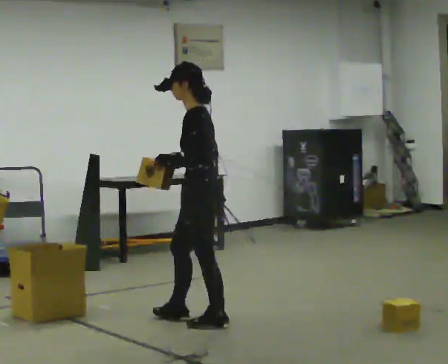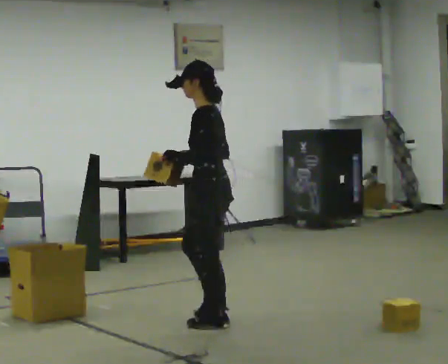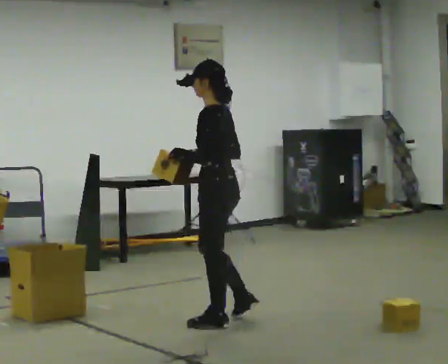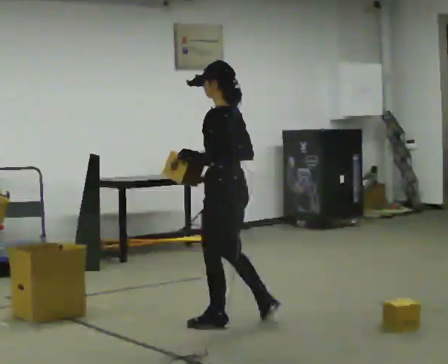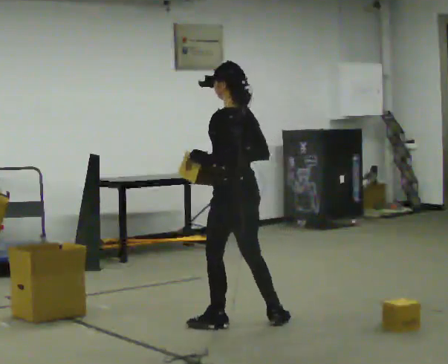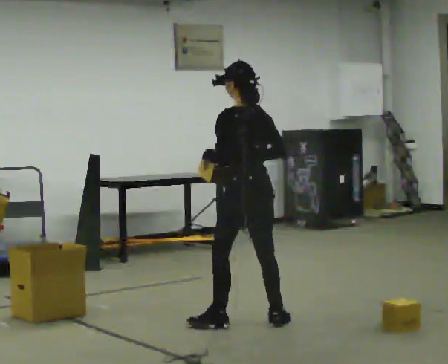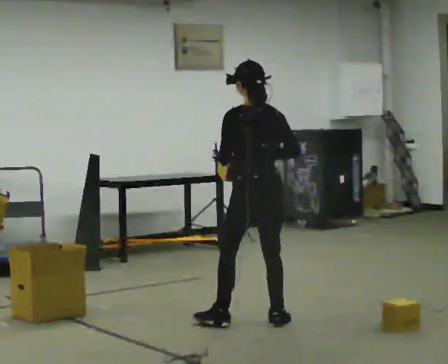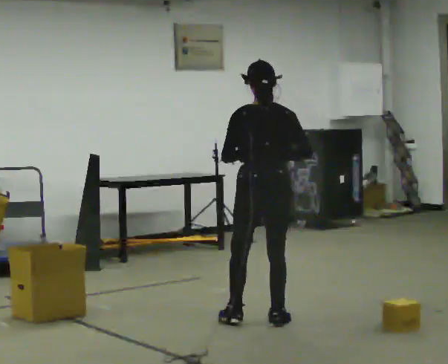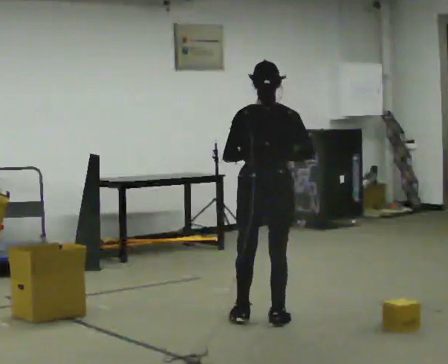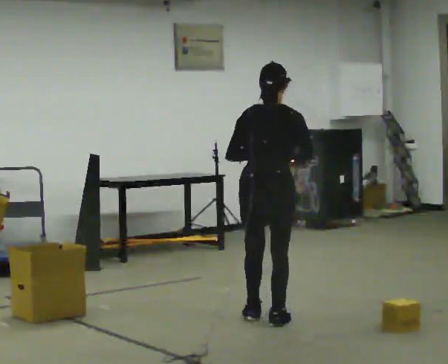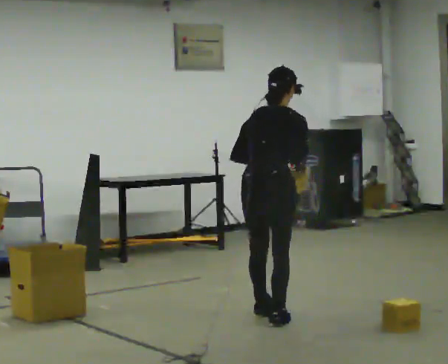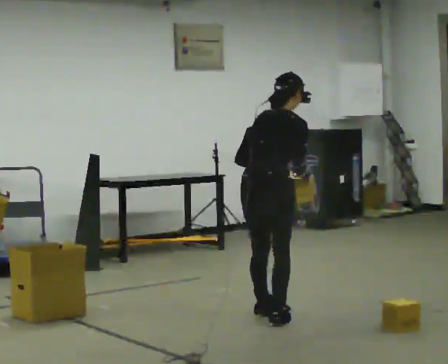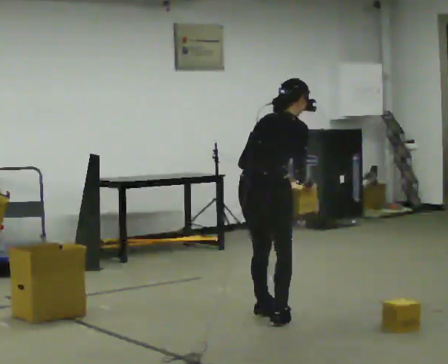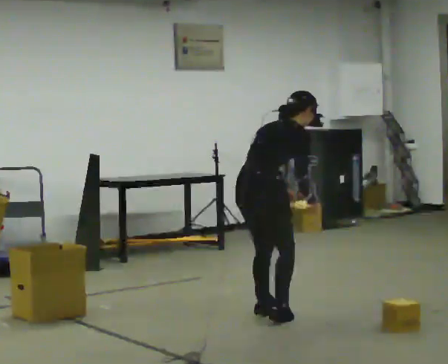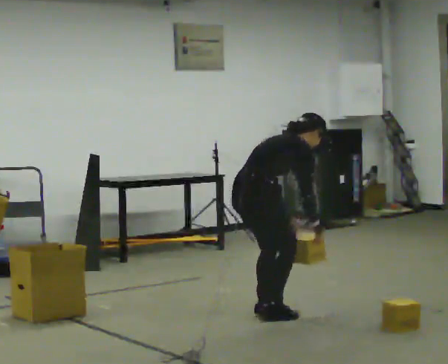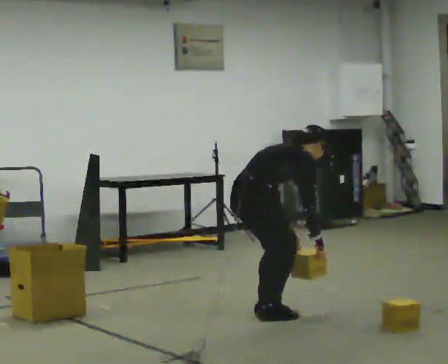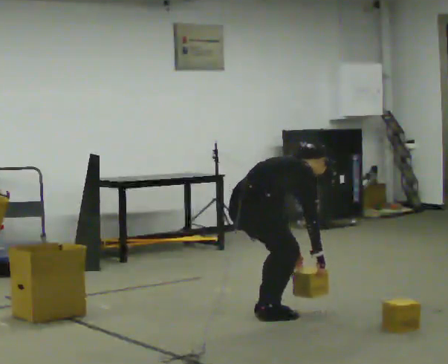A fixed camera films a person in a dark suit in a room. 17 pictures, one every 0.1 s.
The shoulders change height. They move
downward.
The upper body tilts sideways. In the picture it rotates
clockwise.
0.0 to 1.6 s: The person turns about 150 degrees to their right, clockwise seen from above, so the part of the body nearest the lens slides to the left. In the picture they go to the right, about 0.25 m in 1 step. The upper body goes downward. In the picture the upper body tilts clockwise, shoulders to the right, as they bend forward. In the picture their right hand goes downward.
The film runs backward here.
